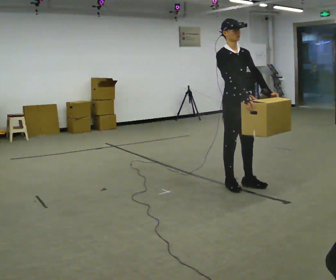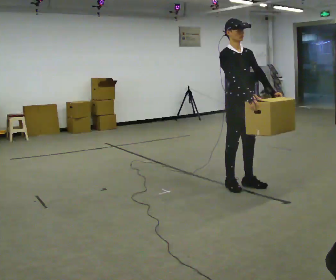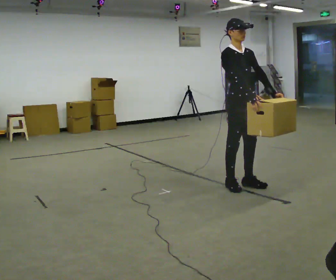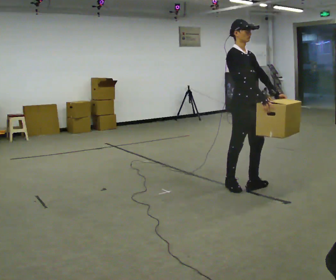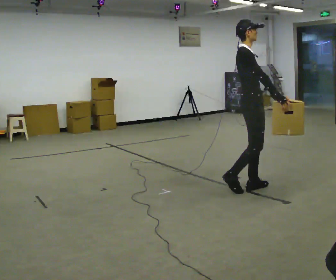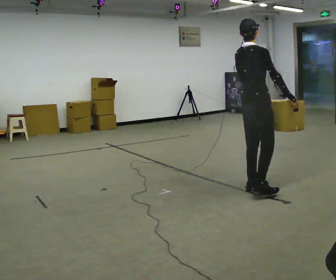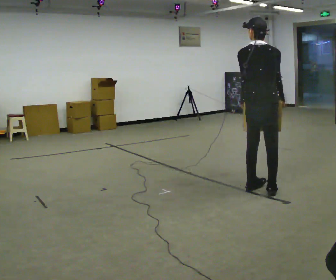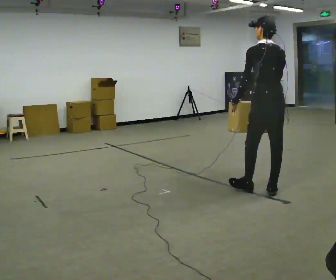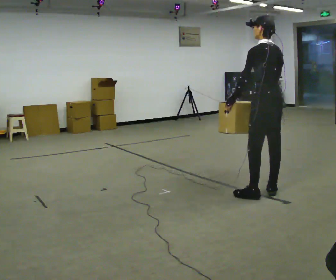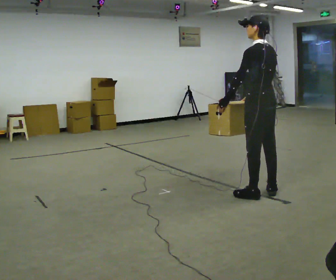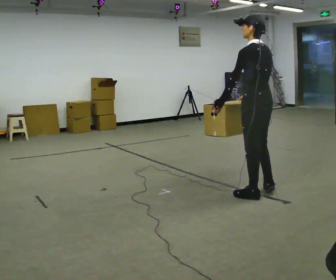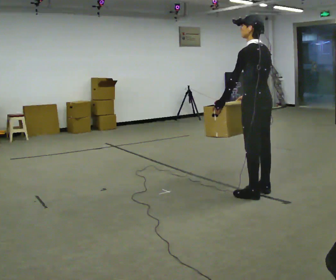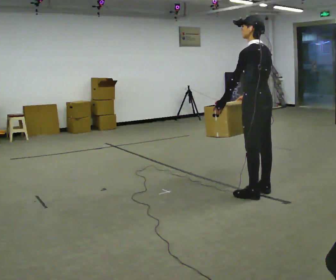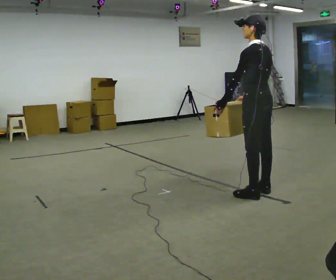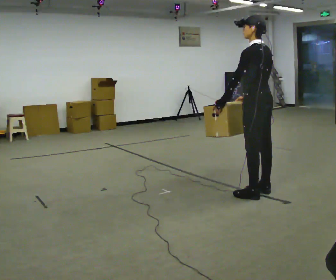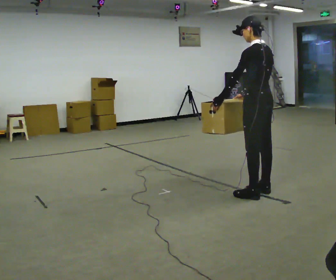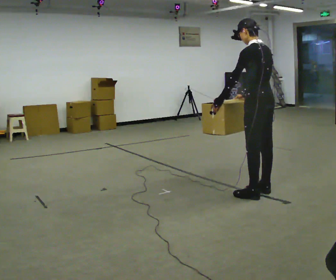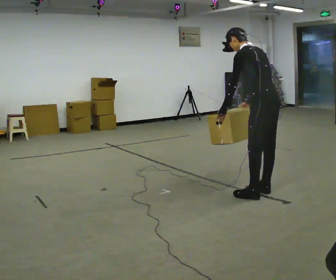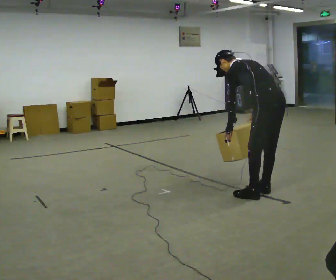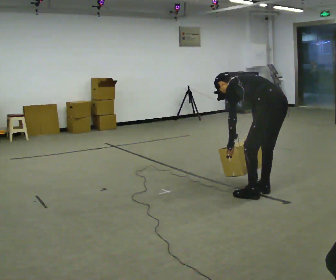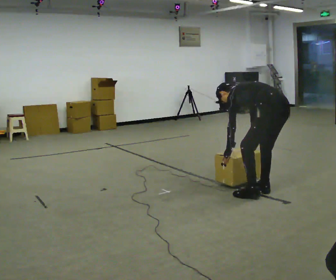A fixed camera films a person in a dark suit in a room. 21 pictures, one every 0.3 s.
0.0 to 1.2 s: Seen from above the body turns counterclockwise, about 45 degrees: to their left, with its near side sliding to the right. In the picture they go to the right, about 0.25 m in 1 step, which for them is forward. In the picture their right hand goes to the right.
1.2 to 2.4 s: The part of the body nearest the lens slides to the right as the person turns to their left by about 135 degrees. In the picture they go to the right and toward the camera, about 0.25 m in 2 steps.
2.4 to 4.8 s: The person moves a little, or ends about where they began.
4.8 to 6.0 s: The shoulders move downward. In the picture the upper body tilts counterclockwise, shoulders to the left, as they bend forward. In the picture their right hand goes downward.
The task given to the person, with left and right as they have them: Carry the box straight from one end of the room to the other, set it down, then bring it back. Keep going until the operator says stop; one object at a time, and do not rush between trips.
The film runs forward here.
